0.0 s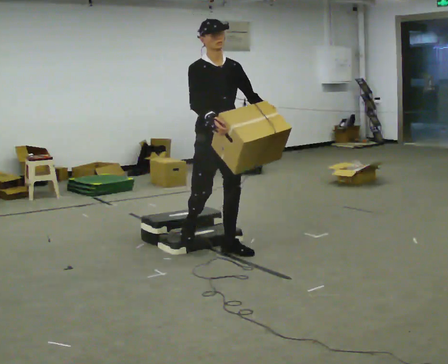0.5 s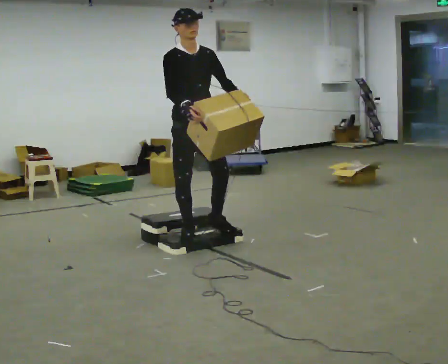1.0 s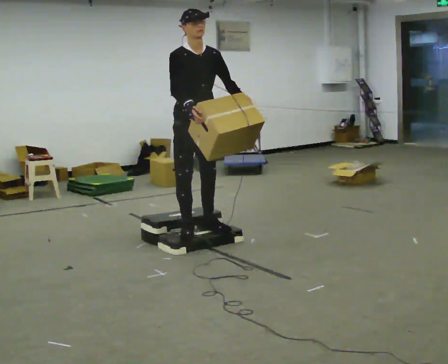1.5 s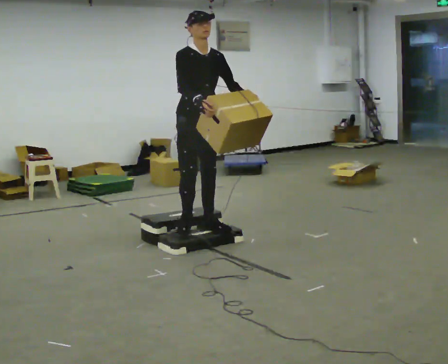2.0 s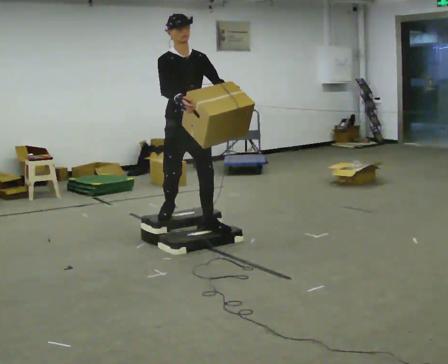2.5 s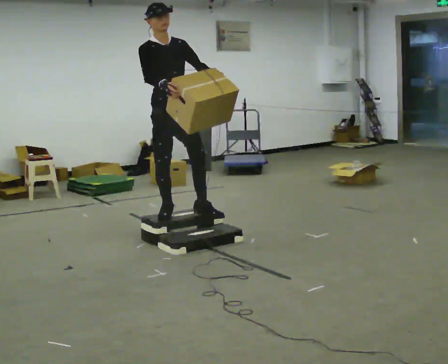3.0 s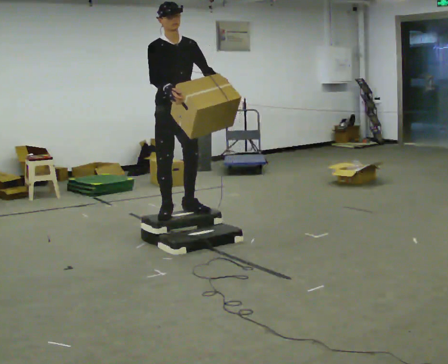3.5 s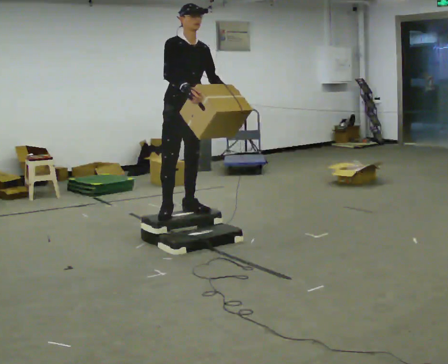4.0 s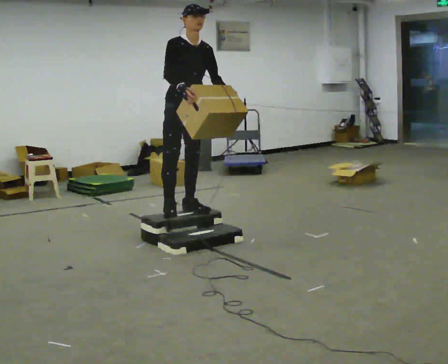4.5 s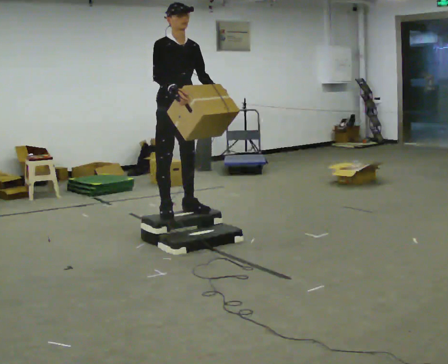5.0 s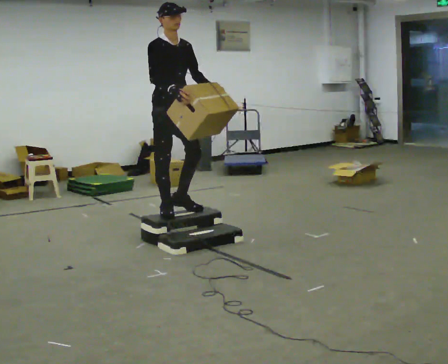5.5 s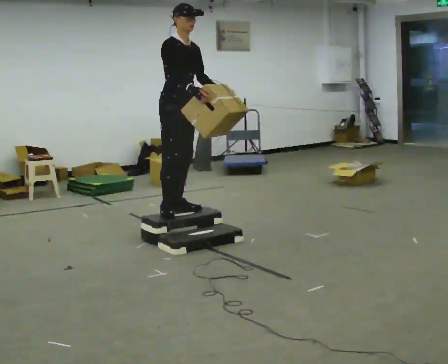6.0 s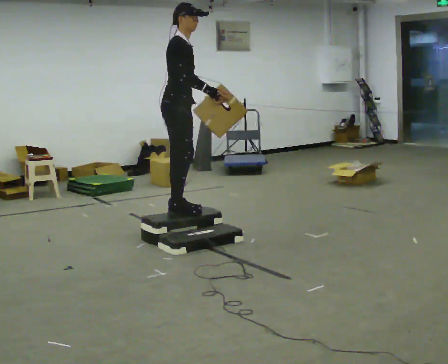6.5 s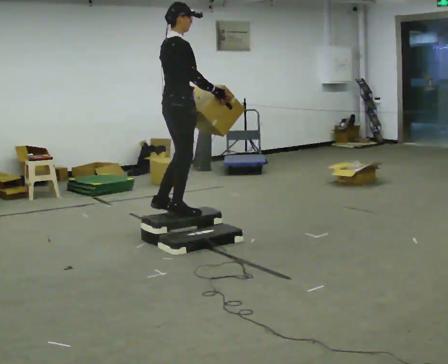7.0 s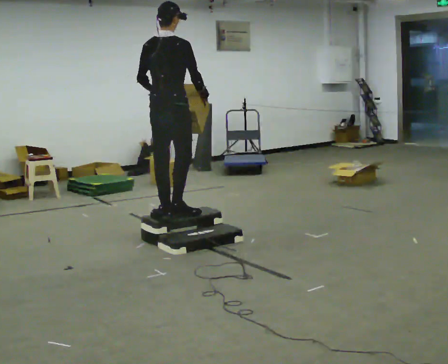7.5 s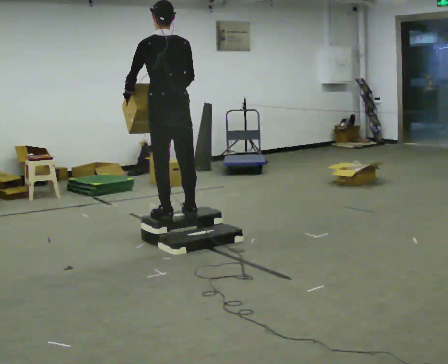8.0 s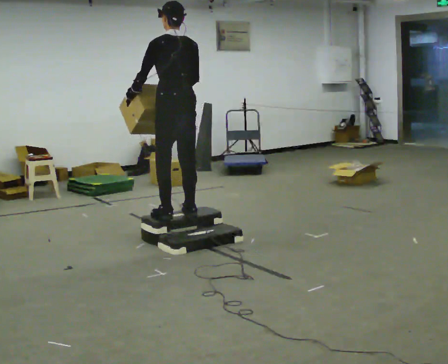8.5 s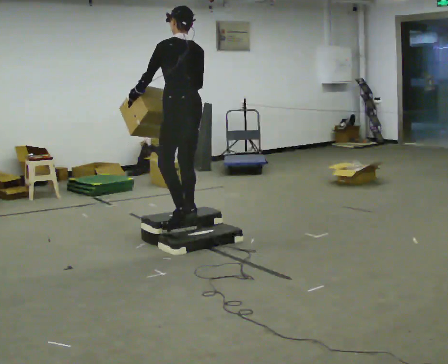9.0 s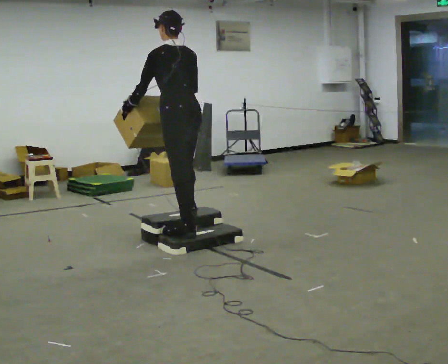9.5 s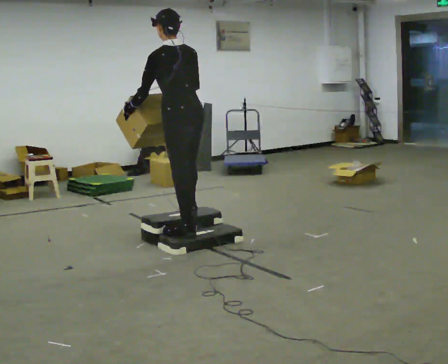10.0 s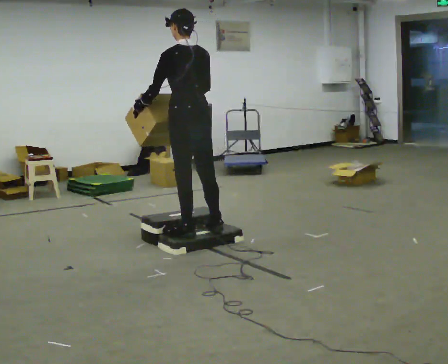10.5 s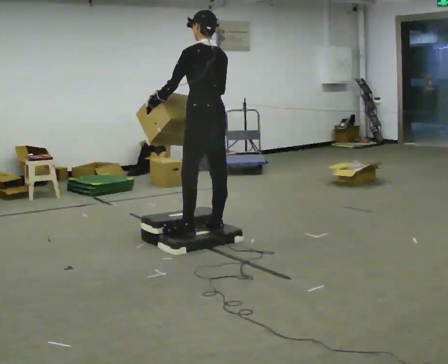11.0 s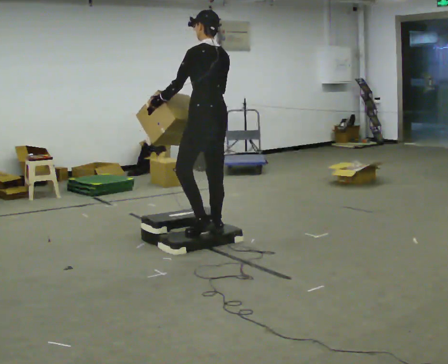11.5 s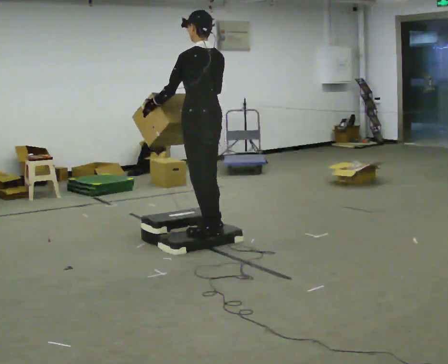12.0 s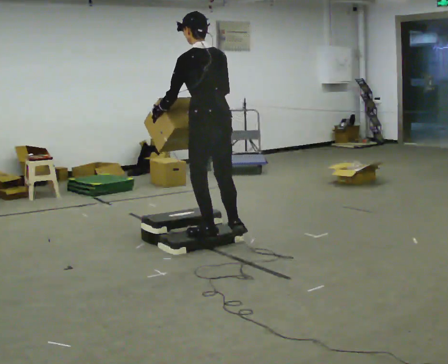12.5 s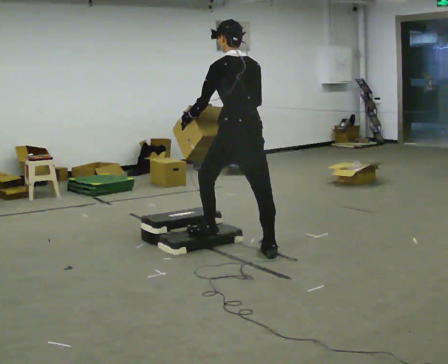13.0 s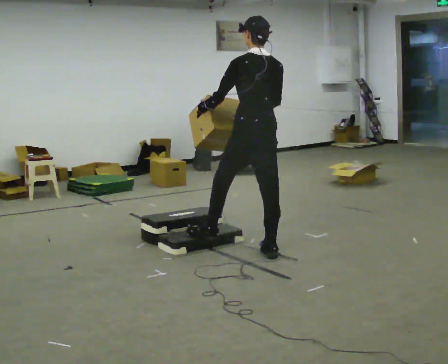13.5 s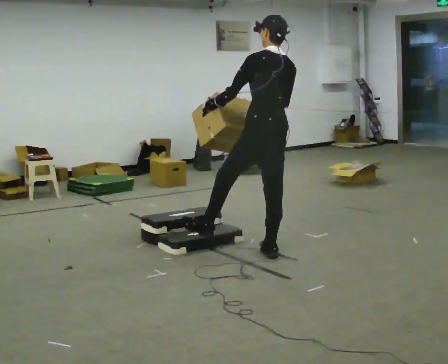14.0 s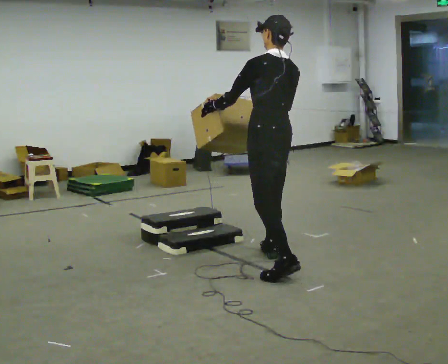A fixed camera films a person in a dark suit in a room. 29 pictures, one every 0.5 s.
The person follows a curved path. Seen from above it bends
counterclockwise.
0.0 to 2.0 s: In the picture they go away from the camera and to the left, about 0.5 m in 2 steps, which for them is backward.
2.0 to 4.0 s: In the picture they go away from the camera, about 0.25 m in 1 step, which for them is backward.
4.0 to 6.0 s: Seen from above the body turns counterclockwise, about 45 degrees: to their left, with its near side sliding to the right.
6.0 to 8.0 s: Seen from above the body turns counterclockwise, about 135 degrees: to their left, with its near side sliding to the right. In the picture they go toward the camera, about 0.25 m in 2 steps. In the picture the upper body tilts counterclockwise, shoulders to the left. In the picture their left hand goes to the left, the arm swinging clockwise.
8.0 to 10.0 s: In the picture they go toward the camera, about 0.25 m in 2 steps, which for them is backward.
10.0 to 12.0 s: The person moves a little, or ends about where they began.
12.0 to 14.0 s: In the picture they go toward the camera and to the right, about 0.5 m in 1 step, which for them is backward.
The film runs backward here.
